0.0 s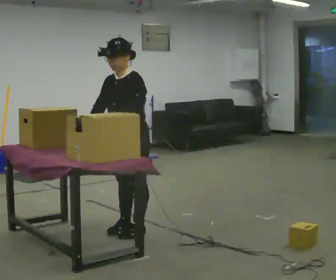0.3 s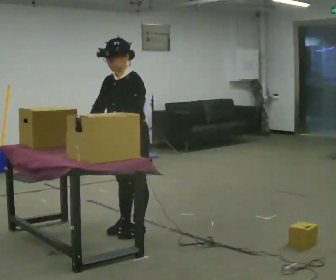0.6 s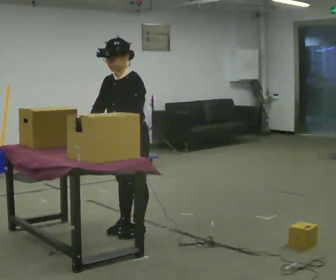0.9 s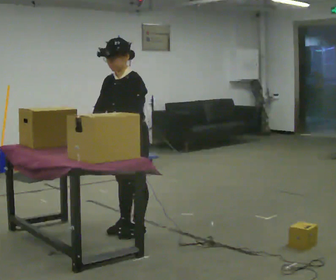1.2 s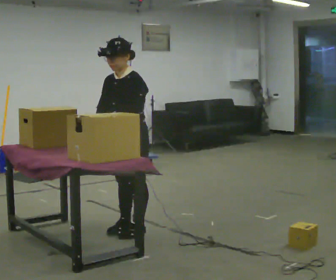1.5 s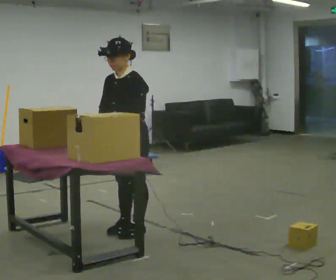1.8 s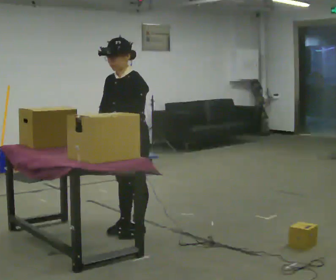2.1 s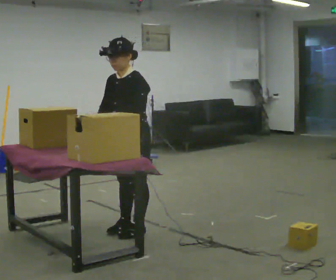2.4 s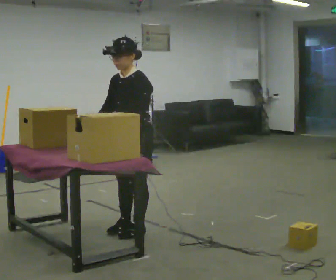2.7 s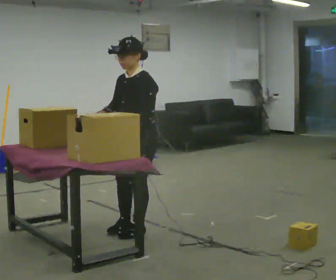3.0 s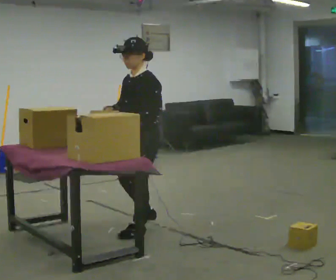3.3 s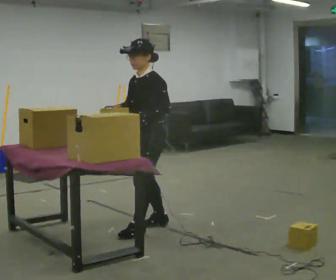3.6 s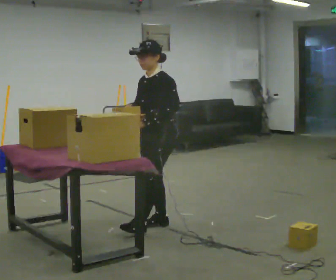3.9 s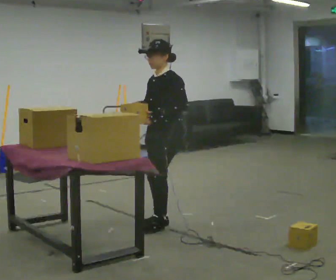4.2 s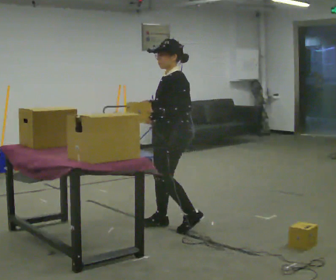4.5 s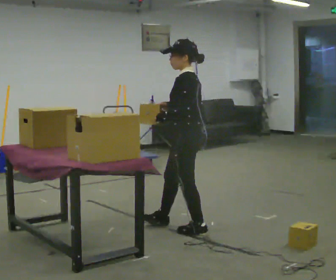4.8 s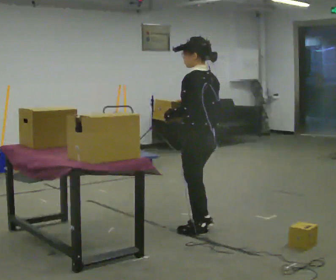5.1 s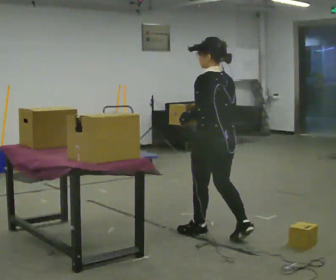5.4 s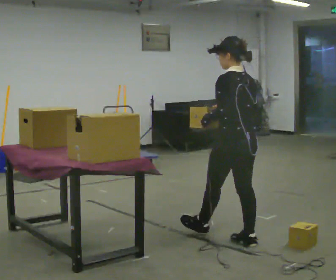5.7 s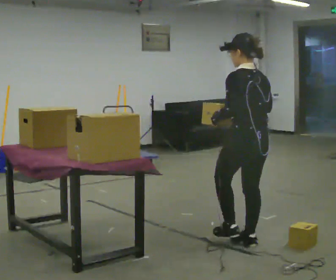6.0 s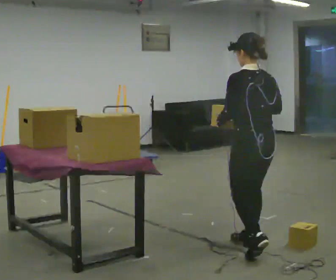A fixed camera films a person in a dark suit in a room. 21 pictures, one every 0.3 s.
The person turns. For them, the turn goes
to their right.
The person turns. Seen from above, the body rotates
clockwise.
0.0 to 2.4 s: The person moves a little, or ends about where they began.
2.4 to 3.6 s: In the picture they go to the right and away from the camera, about 0.25 m in 1 step, which for them is backward.
3.6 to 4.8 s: The person turns about 75 degrees to their right, clockwise seen from above, so the part of the body nearest the lens slides to the left. In the picture they go to the right and toward the camera, about 0.5 m in 2 steps.
4.8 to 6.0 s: Seen from above the body turns clockwise, about 30 degrees: to their right, with its near side sliding to the left. In the picture they go toward the camera and to the right, about 0.5 m in 1 step, which for them is backward.
The film runs backward here.
